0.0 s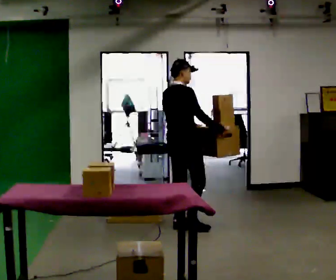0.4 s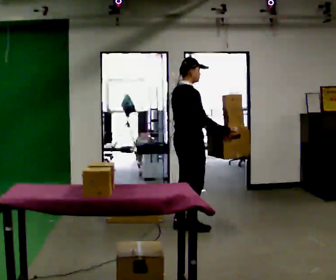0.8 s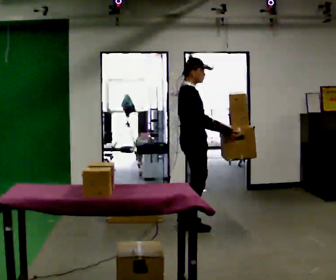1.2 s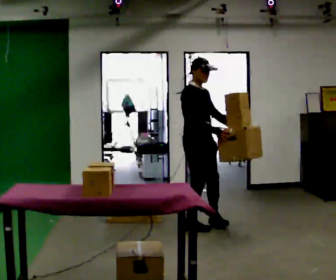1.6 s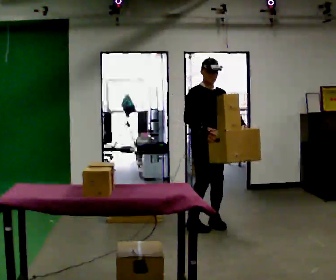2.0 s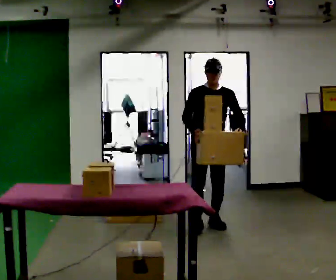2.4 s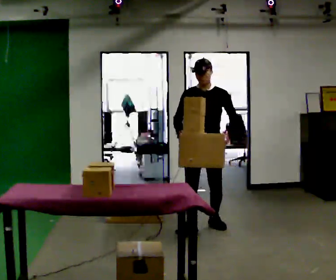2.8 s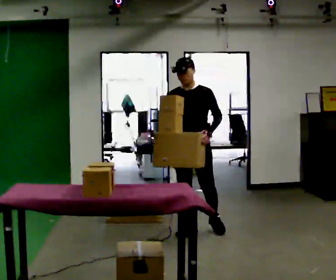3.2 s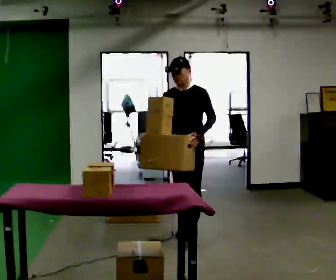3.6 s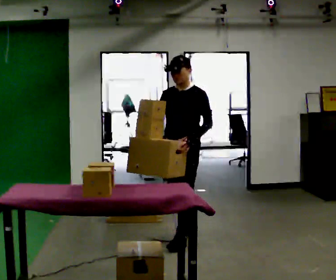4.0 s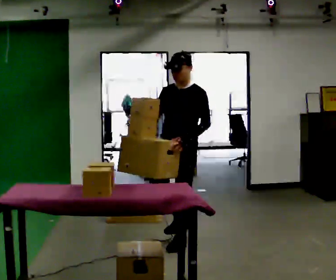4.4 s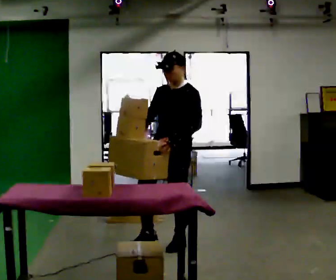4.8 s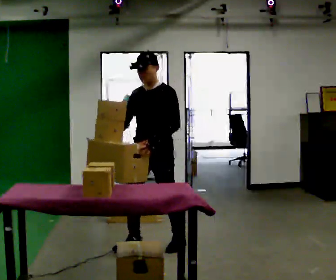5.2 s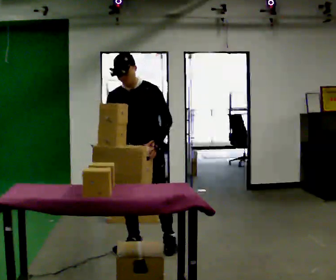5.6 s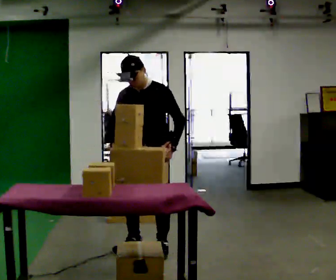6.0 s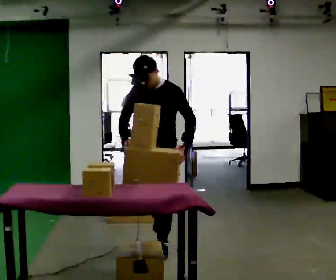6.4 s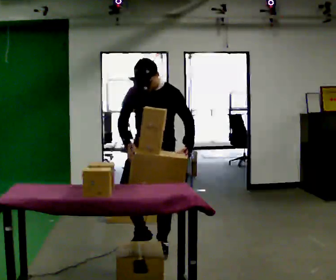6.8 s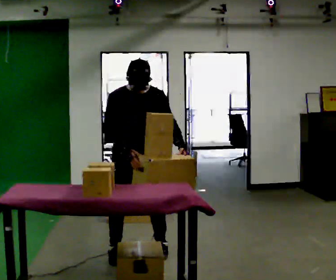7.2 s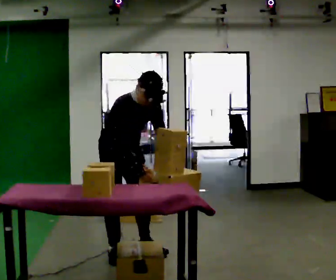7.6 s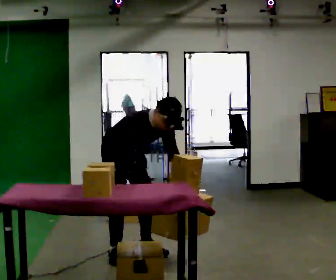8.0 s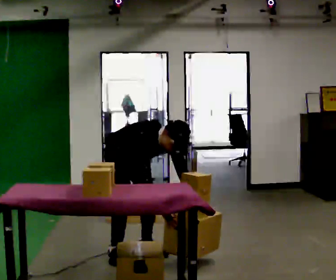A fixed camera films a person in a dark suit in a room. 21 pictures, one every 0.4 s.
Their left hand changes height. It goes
downward.
The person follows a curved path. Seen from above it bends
clockwise.
0.0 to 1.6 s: The person turns about 90 degrees to their right, clockwise seen from above, so the part of the body nearest the lens slides to the left. In the picture they go to the right, about 0.25 m in 1 step.
1.6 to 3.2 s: The person turns about 60 degrees to their right, clockwise seen from above, so the part of the body nearest the lens slides to the left. In the picture they go toward the camera and to the left, about 0.5 m in 1 step.
3.2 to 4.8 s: In the picture they go toward the camera and to the left, about 0.5 m in 2 steps, which for them is forward.
4.8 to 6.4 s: The person moves a little, or ends about where they began.
6.4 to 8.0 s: The part of the body nearest the lens slides to the right as the person turns to their left by about 75 degrees. In the picture they go to the left, about 0.25 m in 2 steps. The shoulders move downward. In the picture the upper body tilts clockwise, shoulders to the right, as they bend forward. In the picture their left hand goes downward.
The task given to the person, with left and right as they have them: 1. Take everything out of the crates by the door. 2. Put the small items on the middle shelf. 3. Put the large items on the bottom shelf. 4. Stack the empty crates by the door. 5. Tell the operator when you are finished.
The film runs forward here.
